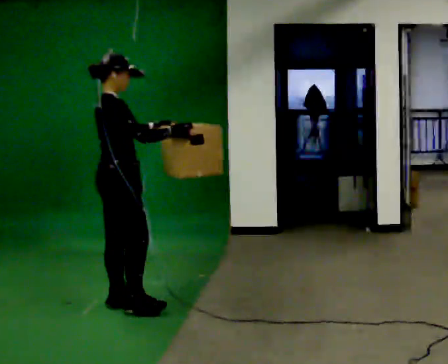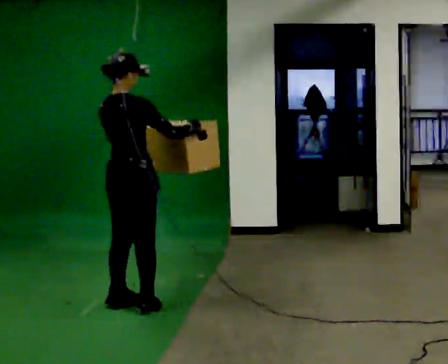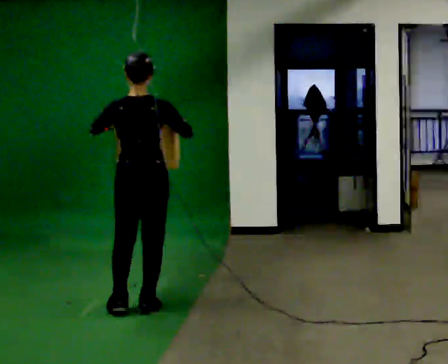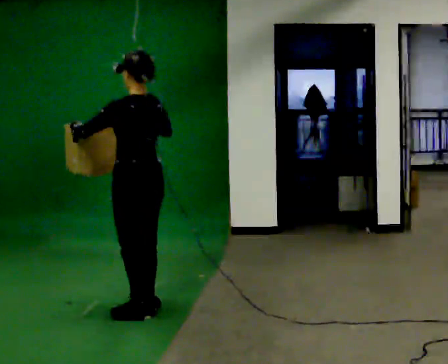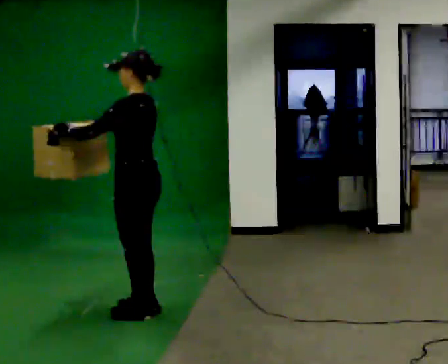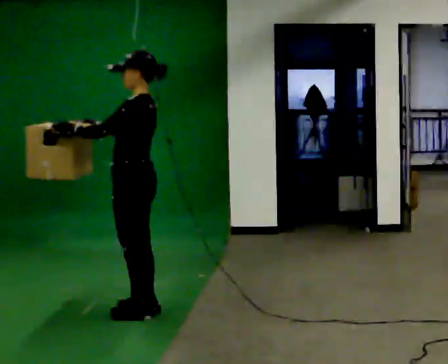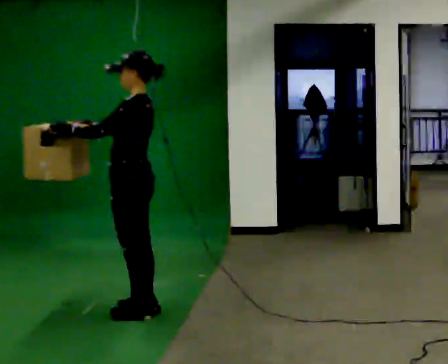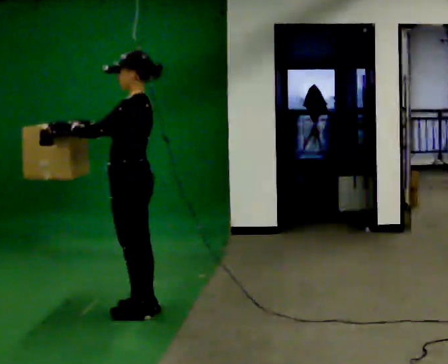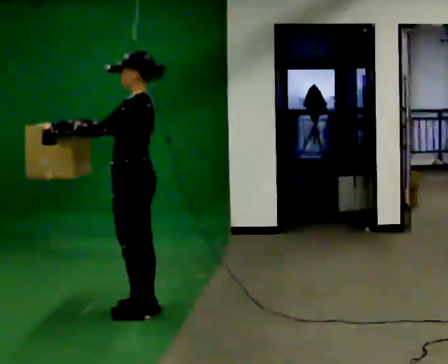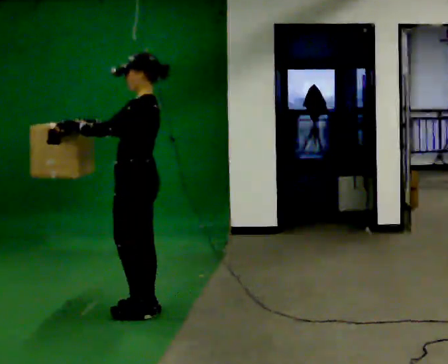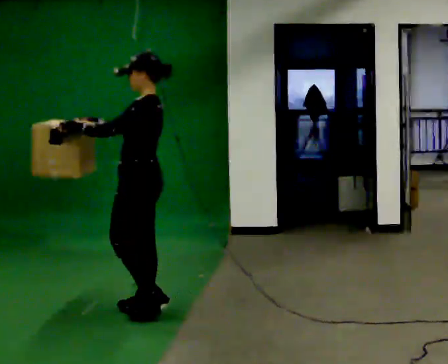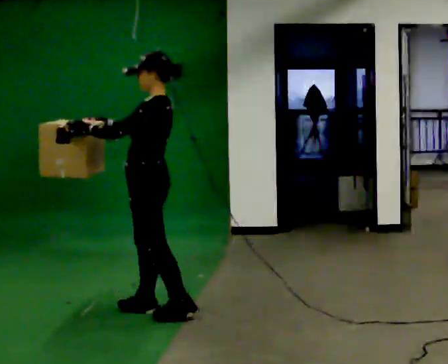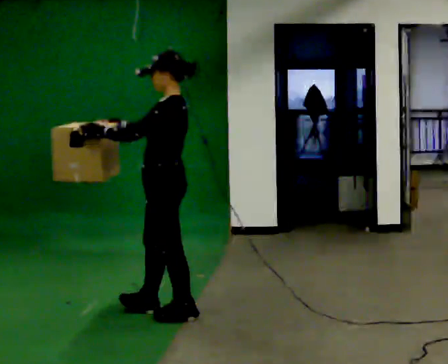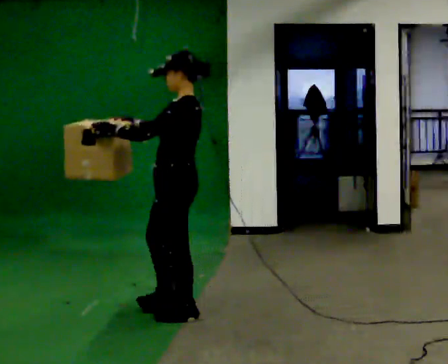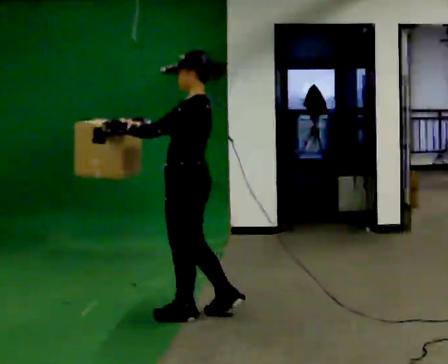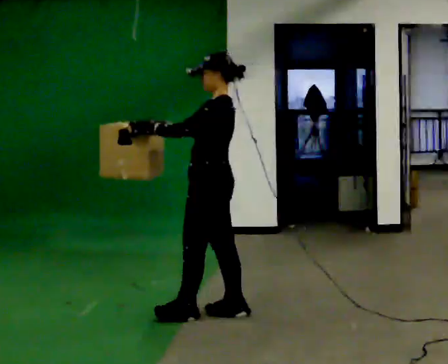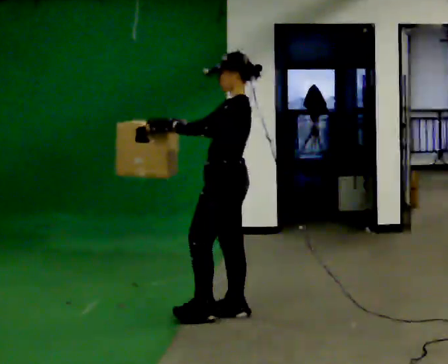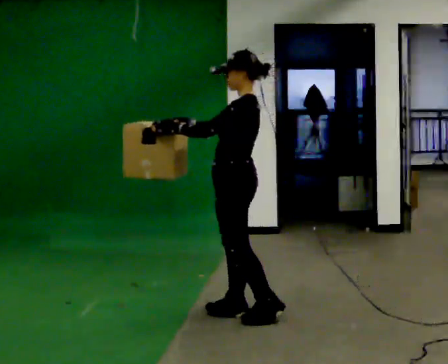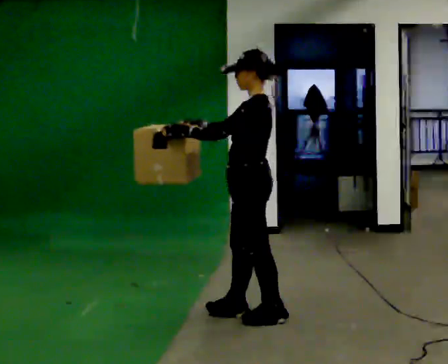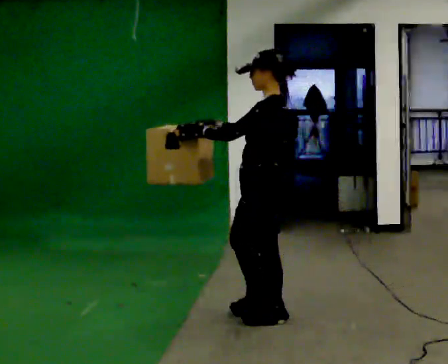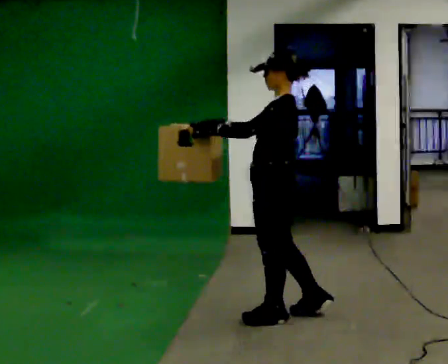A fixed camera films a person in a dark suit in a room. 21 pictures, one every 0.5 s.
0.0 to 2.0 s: The part of the body nearest the lens slides to the right as the person turns to their left by about 150 degrees. In the picture they go toward the camera and to the right, about 0.25 m in 1 step.
2.0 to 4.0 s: The person moves a little, or ends about where they began.
4.0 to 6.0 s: In the picture they go to the right, about 0.25 m in 1 step, which for them is backward and to their left.
6.0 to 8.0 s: In the picture they go to the right, about 0.25 m in 2 steps, which for them is backward.
8.0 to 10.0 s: In the picture they go to the right and toward the camera, about 0.25 m in 1 step, which for them is backward.
The film runs backward here.
